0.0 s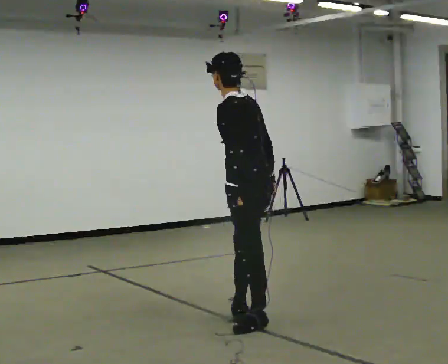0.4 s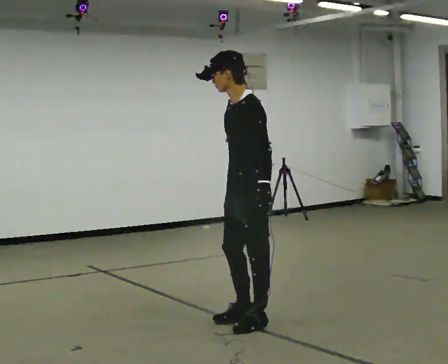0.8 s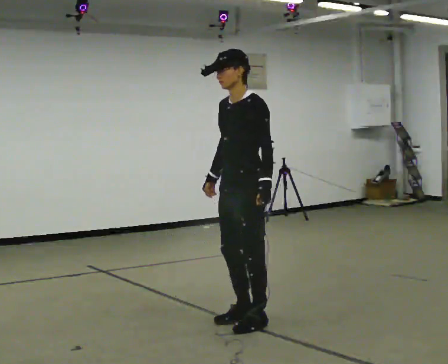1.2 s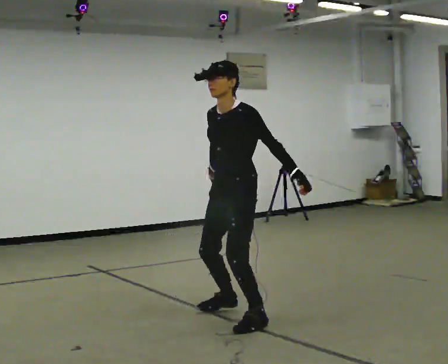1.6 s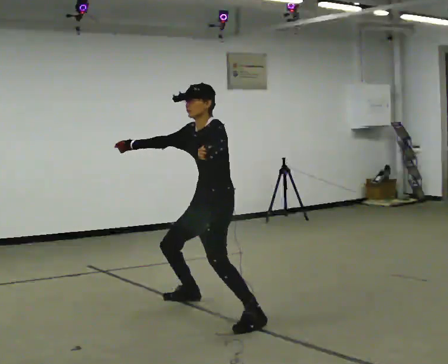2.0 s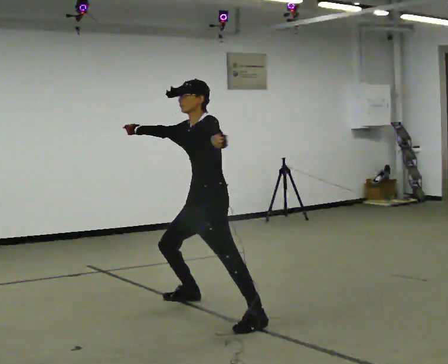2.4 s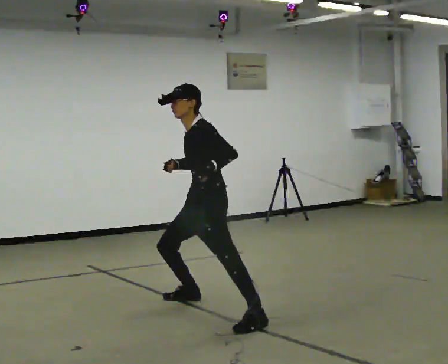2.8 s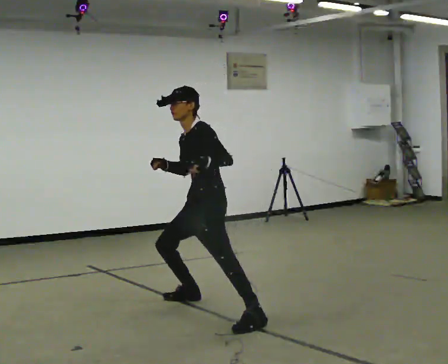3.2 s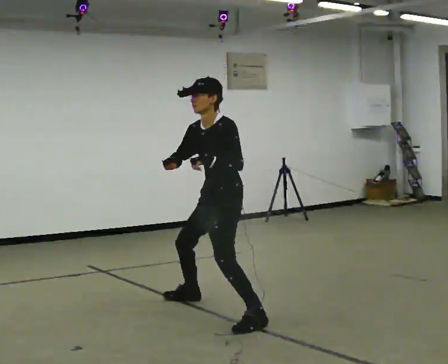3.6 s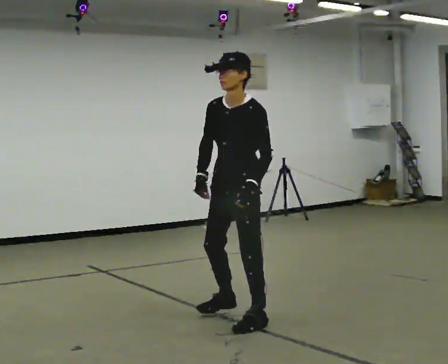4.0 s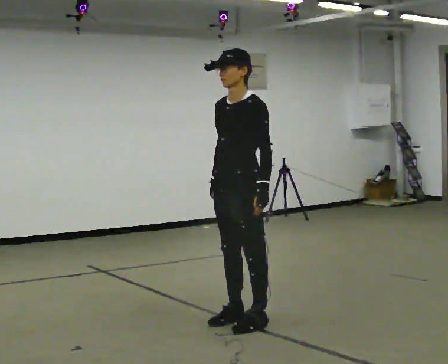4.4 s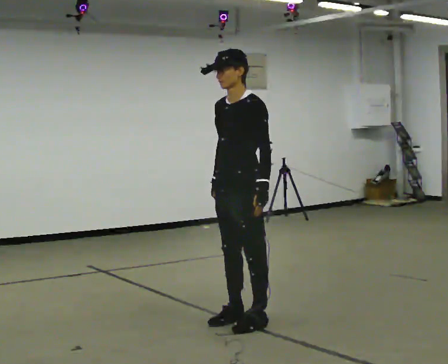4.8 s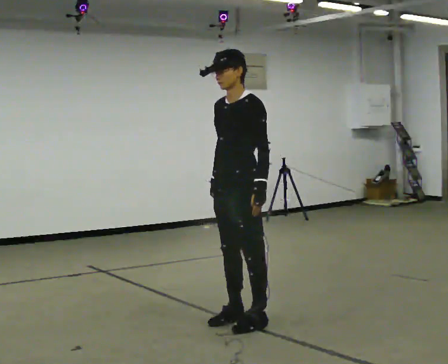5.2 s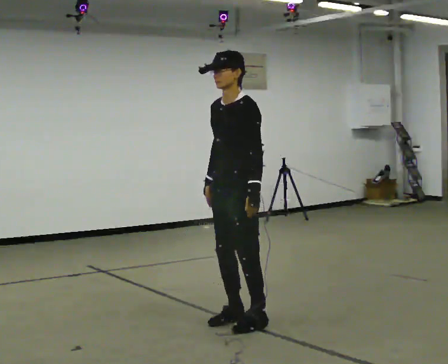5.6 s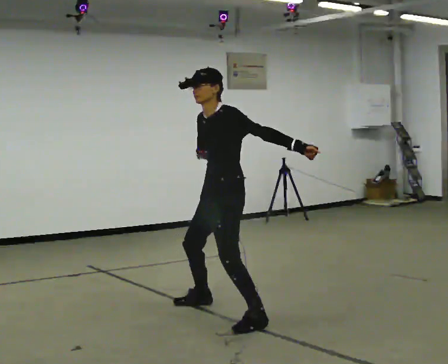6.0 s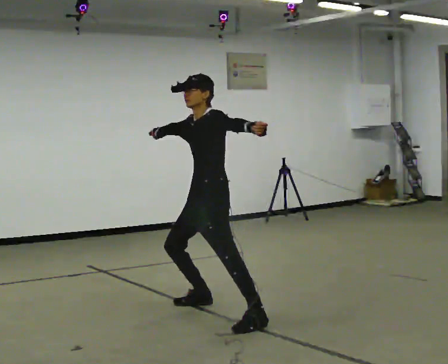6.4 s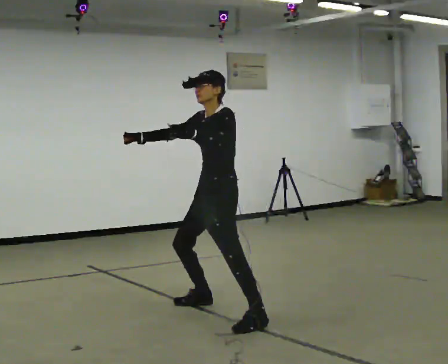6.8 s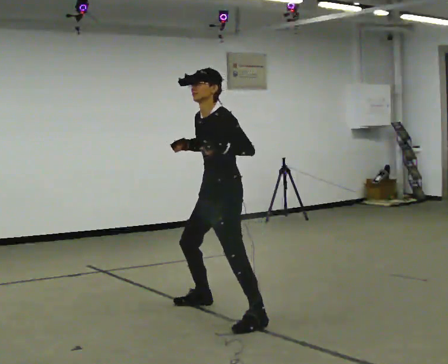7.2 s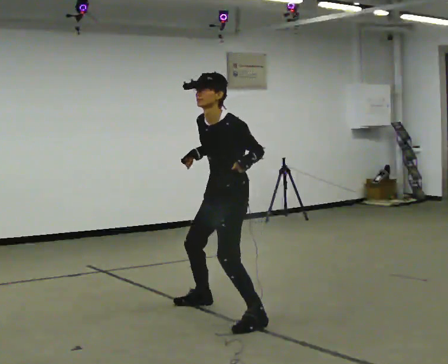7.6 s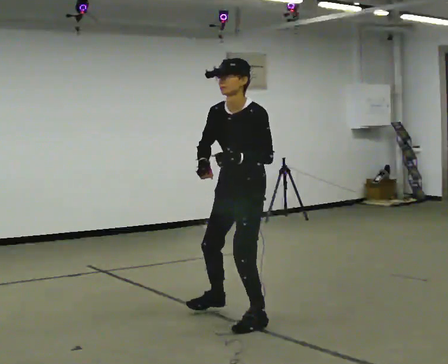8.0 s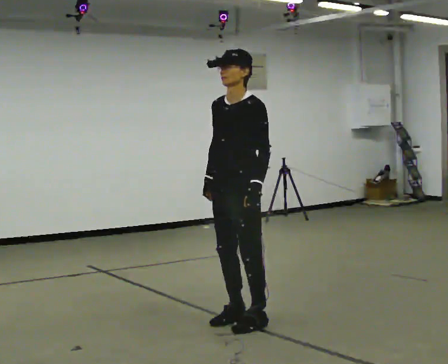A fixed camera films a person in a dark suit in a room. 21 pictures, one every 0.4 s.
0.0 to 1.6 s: The person turns about 60 degrees to their left, counterclockwise seen from above, so the part of the body nearest the lens slides to the right. In the picture they go away from the camera and to the left, about 0.5 m in 1 step. The shoulders move downward.
1.6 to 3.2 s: In the picture their right hand goes to the right.
3.2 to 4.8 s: In the picture they go toward the camera, about 0.25 m in 1 step, which for them is to their left and forward. The upper body goes upward.
4.8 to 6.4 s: In the picture they go away from the camera and to the left, about 0.25 m in 1 step, which for them is to their right. In the picture their left hand goes upward.
6.4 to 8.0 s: In the picture they go toward the camera and to the right, about 0.25 m in 1 step, which for them is to their left. In the picture their left hand goes downward.
The film runs backward here.
